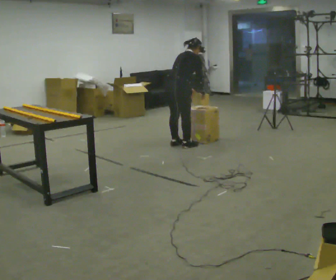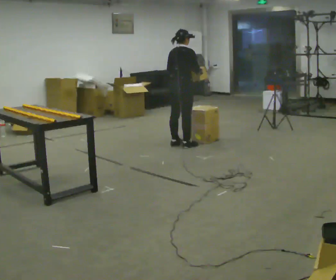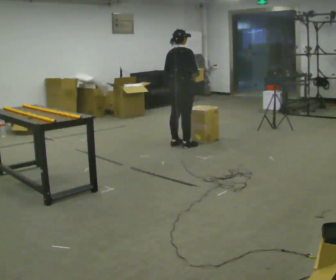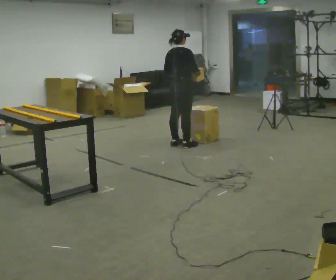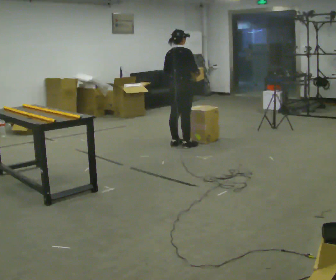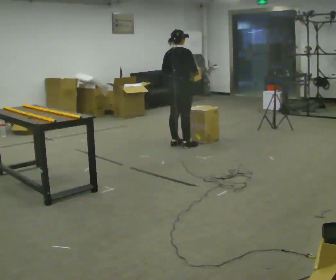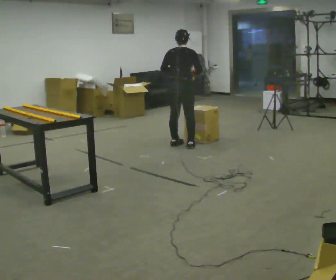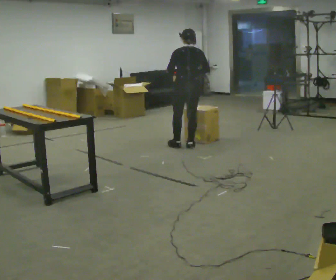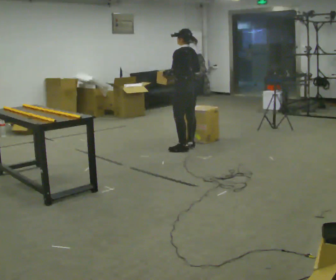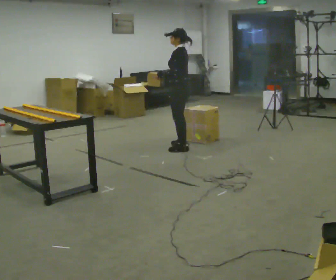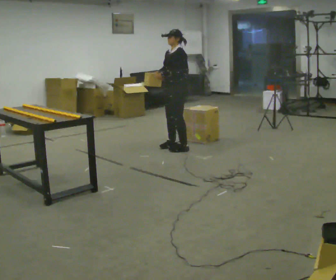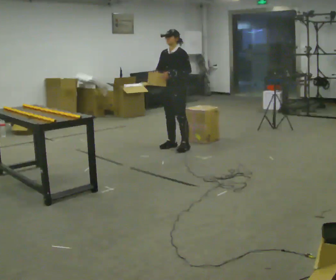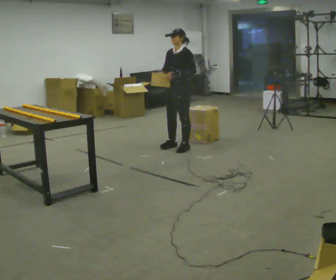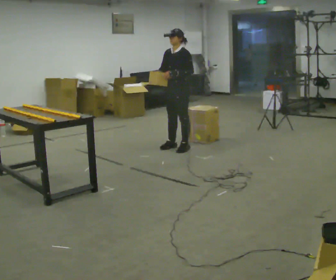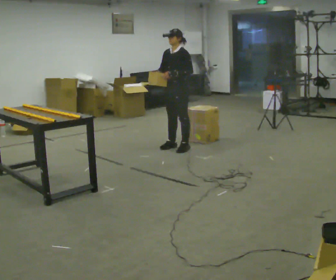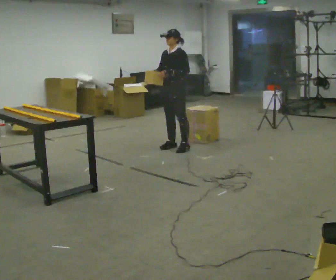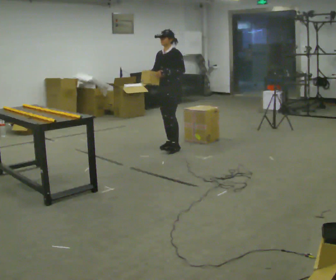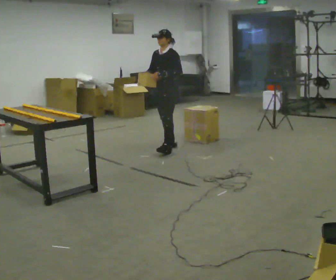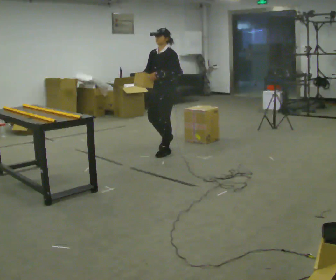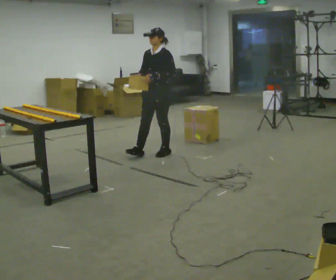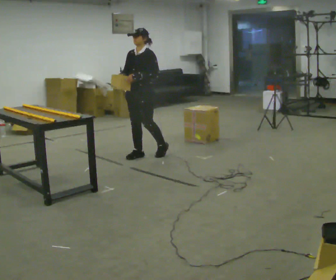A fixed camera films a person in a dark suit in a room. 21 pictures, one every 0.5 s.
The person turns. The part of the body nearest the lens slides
to the right.
The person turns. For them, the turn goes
to their left.
0.0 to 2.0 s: In the picture the upper body tilts counterclockwise, shoulders to the left, as they lean back or straighten.
2.0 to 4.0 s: The person turns about 90 degrees to their left, counterclockwise seen from above, so the part of the body nearest the lens slides to the right. In the picture they go toward the camera, about 0.25 m in 1 step.
4.0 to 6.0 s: The person turns about 90 degrees to their left, counterclockwise seen from above, so the part of the body nearest the lens slides to the right. In the picture their right hand goes to the left.
6.0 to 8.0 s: The person moves a little, or ends about where they began.
8.0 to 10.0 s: In the picture they go toward the camera and to the left, about 0.5 m in 2 steps, which for them is forward.
The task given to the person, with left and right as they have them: Carry the object across the room and slide it into the slot on the shelf. It is a close fit, so take the time you need. Keep going until the operator says stop; one object at a time, and do not rush between trips.
The film runs forward here.
